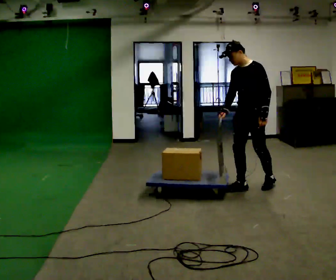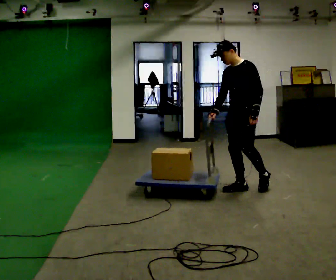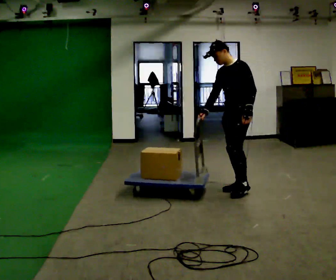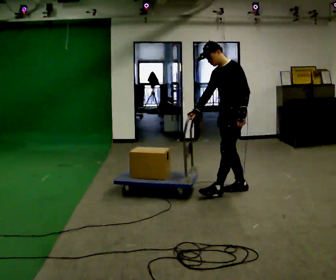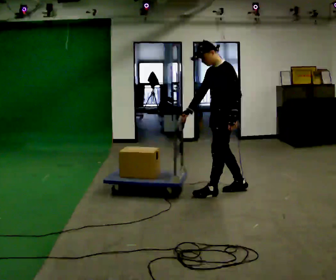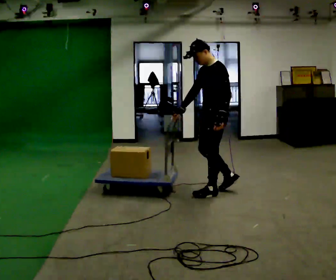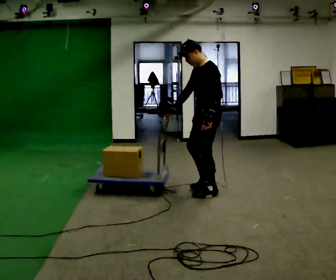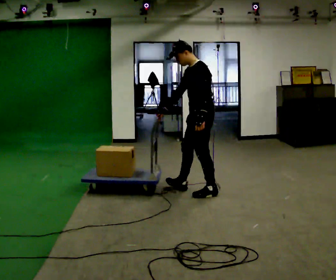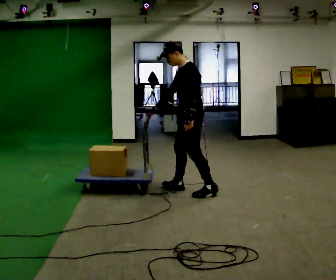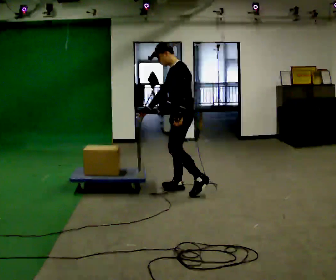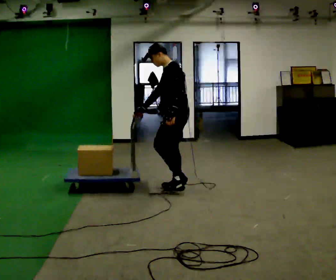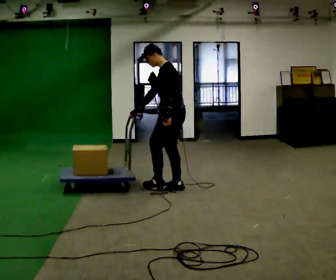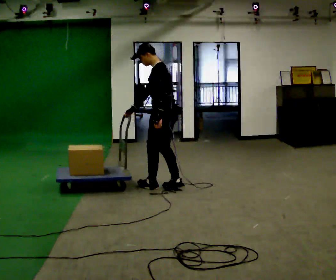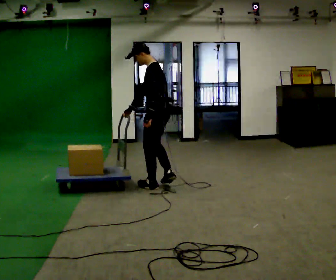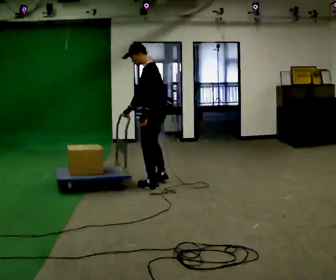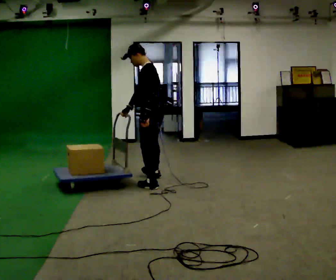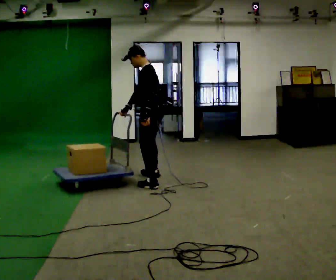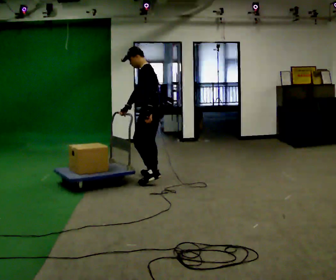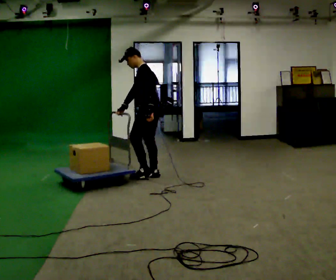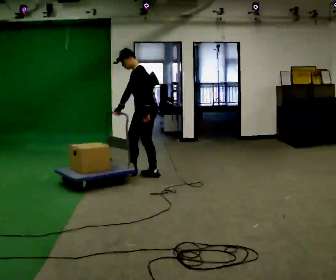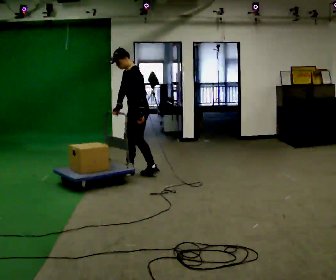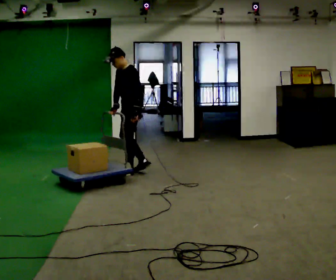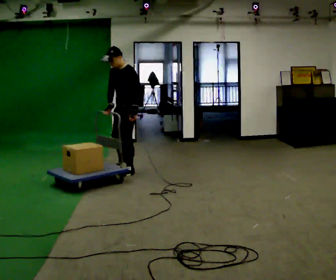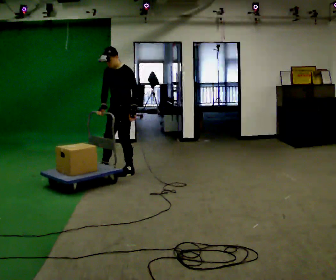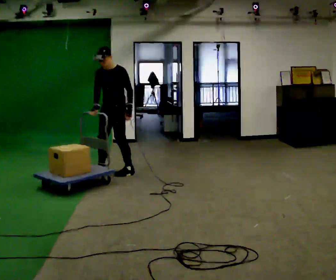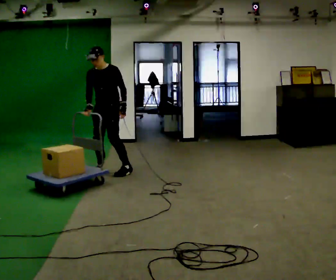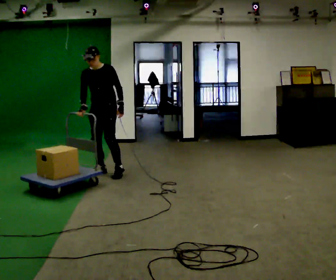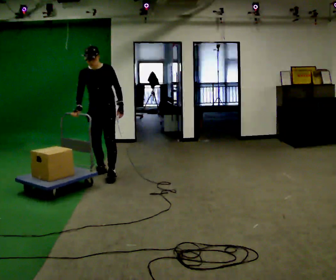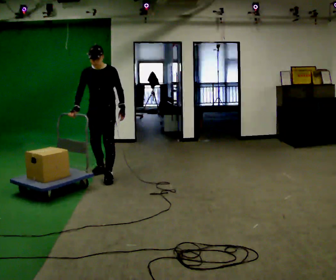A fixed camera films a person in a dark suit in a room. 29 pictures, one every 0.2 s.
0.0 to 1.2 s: Seen from above the body turns clockwise, about 30 degrees: to their right, with its near side sliding to the left. In the picture they go to the left, about 0.5 m in 1 step, which for them is forward.
1.2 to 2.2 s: In the picture they go to the left and away from the camera, about 0.5 m in 1 step, which for them is forward and to their right.
2.2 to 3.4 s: In the picture they go away from the camera and to the left, about 0.5 m in 2 steps, which for them is forward and to their right.
3.4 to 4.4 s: The part of the body nearest the lens slides to the right as the person turns to their left by about 45 degrees. In the picture they go to the left and away from the camera, about 0.5 m in 1 step, which for them is forward and to their right.
4.4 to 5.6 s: Seen from above the body turns counterclockwise, about 45 degrees: to their left, with its near side sliding to the right. In the picture they go to the left and toward the camera, about 0.25 m in 2 steps, which for them is forward and to their right.
The film runs forward here.
